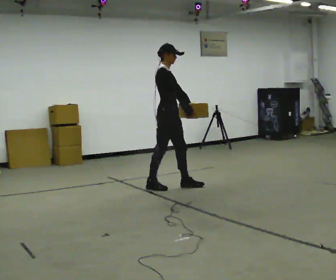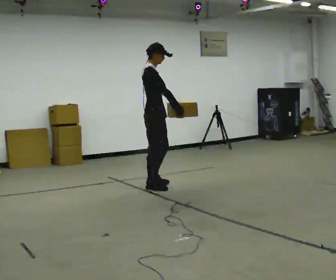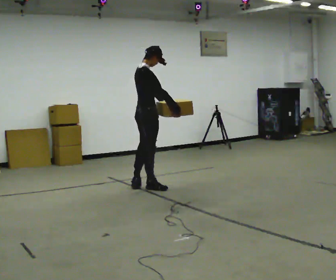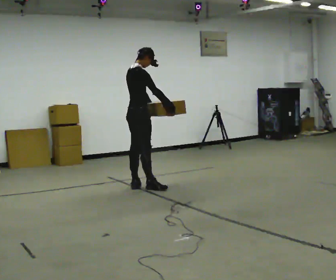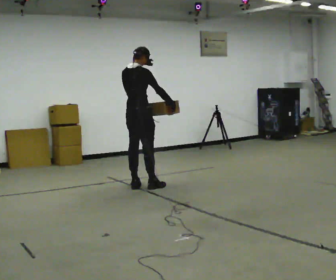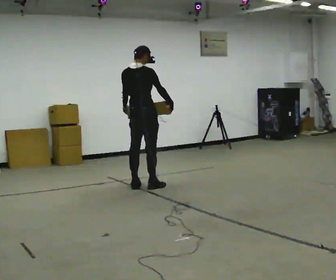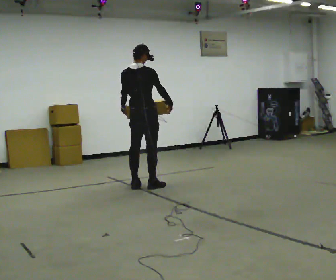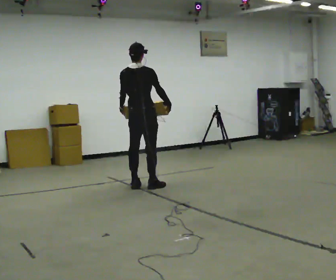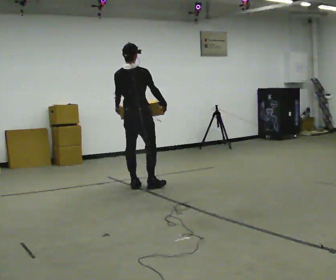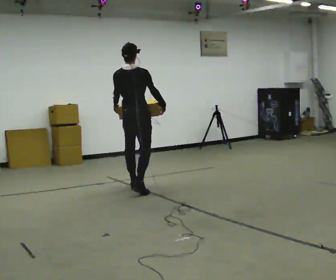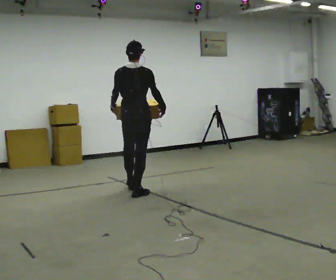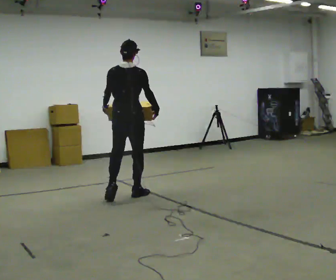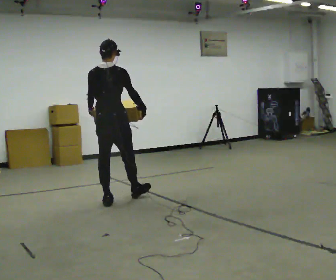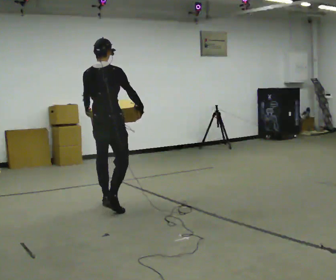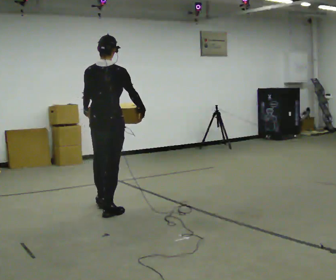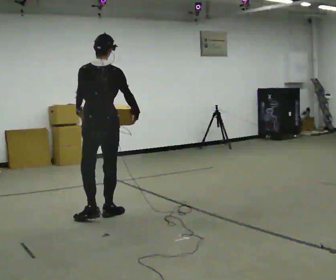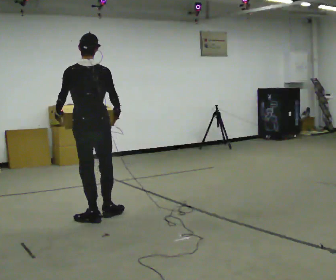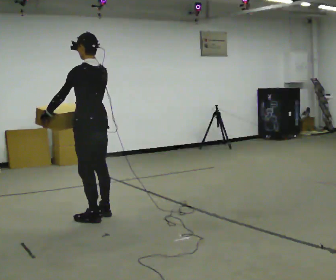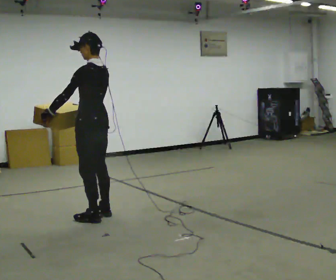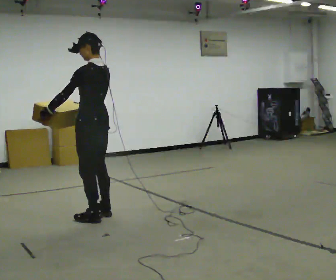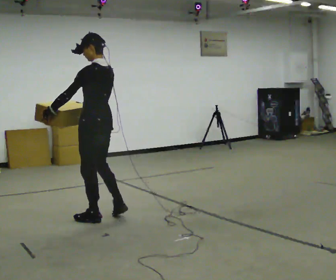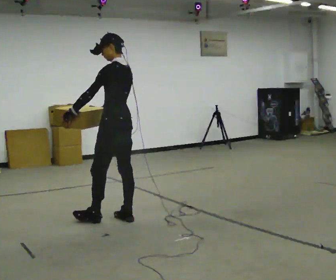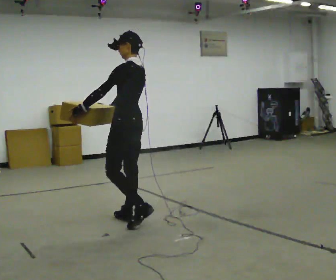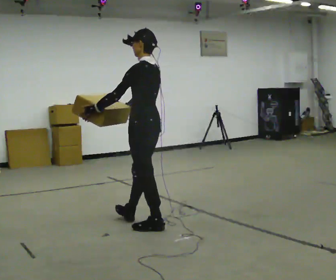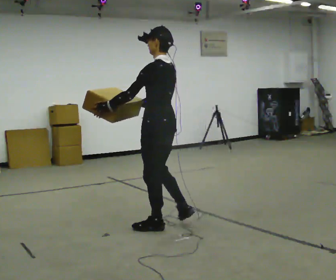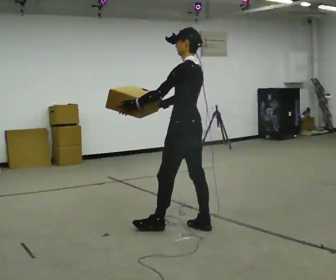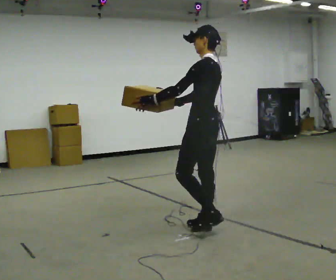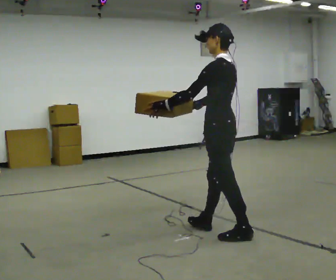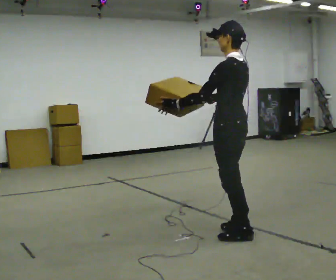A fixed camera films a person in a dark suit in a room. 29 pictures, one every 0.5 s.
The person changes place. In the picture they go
toward the camera.
0.0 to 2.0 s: Seen from above the body turns counterclockwise, about 60 degrees: to their left, with its near side sliding to the right. In the picture they go to the left, about 0.25 m in 1 step, which for them is backward and to their left.
2.0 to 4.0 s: The person turns about 30 degrees to their left, counterclockwise seen from above, so the part of the body nearest the lens slides to the right.
4.0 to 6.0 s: In the picture they go toward the camera and to the left, about 0.5 m in 2 steps, which for them is backward.
6.0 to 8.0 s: The part of the body nearest the lens slides to the right as the person turns to their left by about 30 degrees. In the picture they go toward the camera, about 0.75 m in 1 step, which for them is backward.
8.0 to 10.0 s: The person turns about 45 degrees to their left, counterclockwise seen from above, so the part of the body nearest the lens slides to the right.
10.0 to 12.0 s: In the picture they go to the right and toward the camera, about 0.75 m in 2 steps, which for them is backward.
12.0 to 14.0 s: In the picture they go to the right and toward the camera, about 0.75 m in 2 steps, which for them is backward.
The film runs backward here.
